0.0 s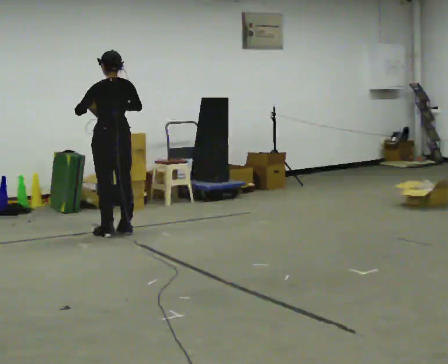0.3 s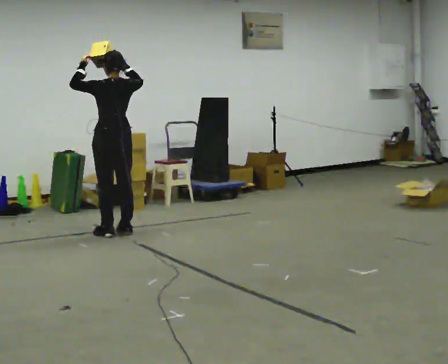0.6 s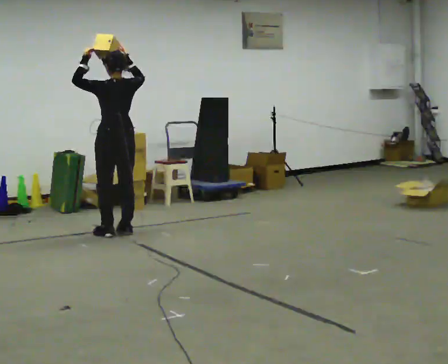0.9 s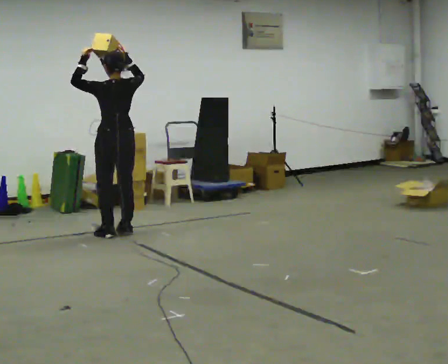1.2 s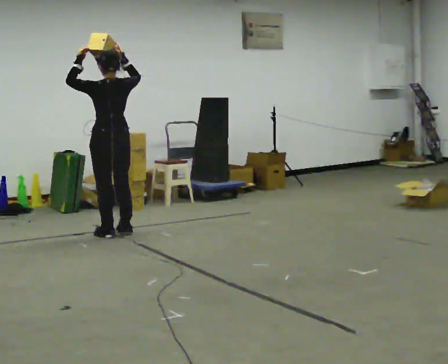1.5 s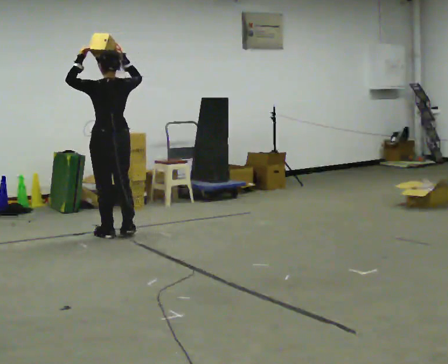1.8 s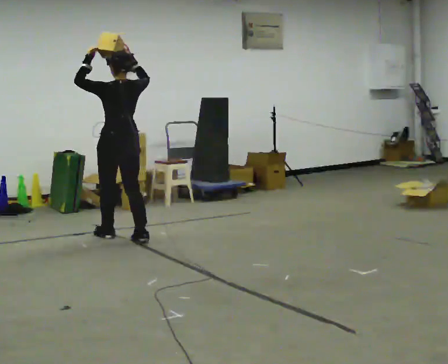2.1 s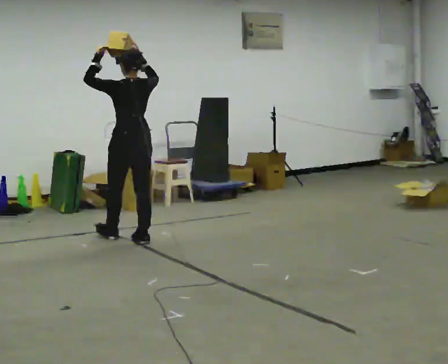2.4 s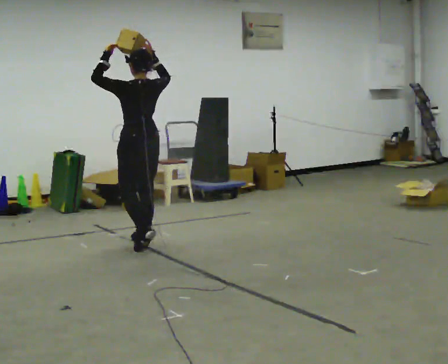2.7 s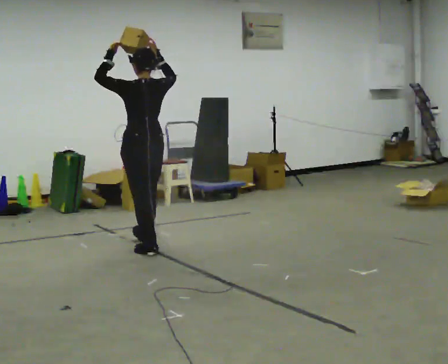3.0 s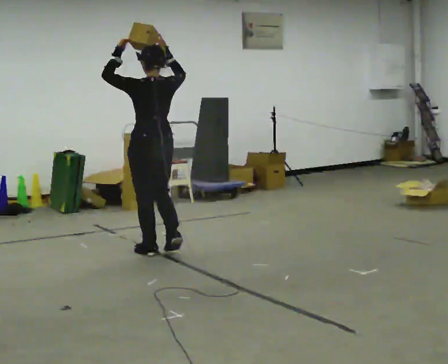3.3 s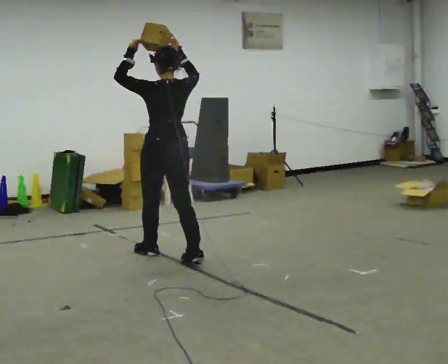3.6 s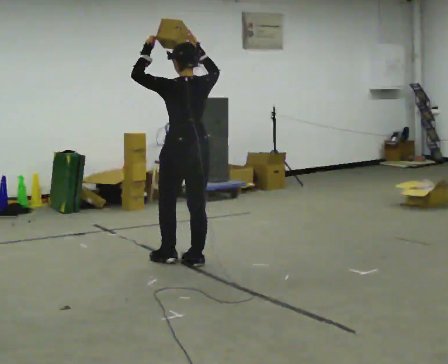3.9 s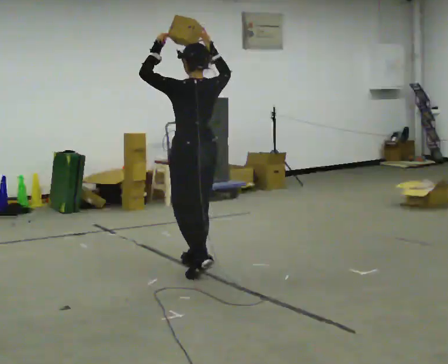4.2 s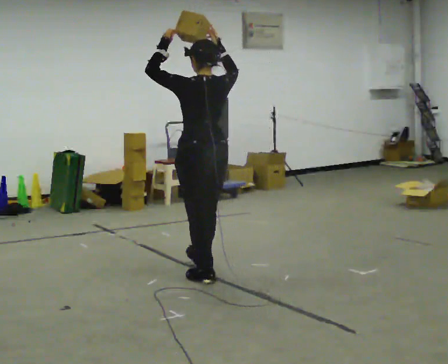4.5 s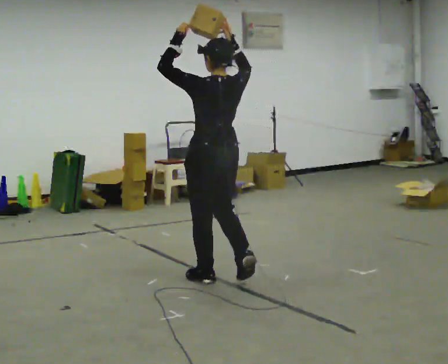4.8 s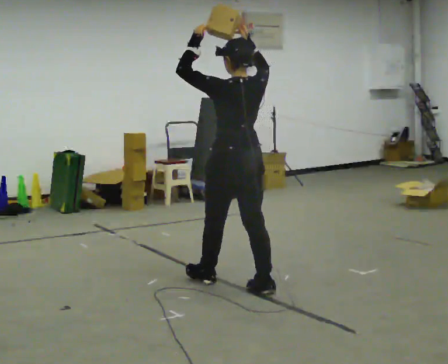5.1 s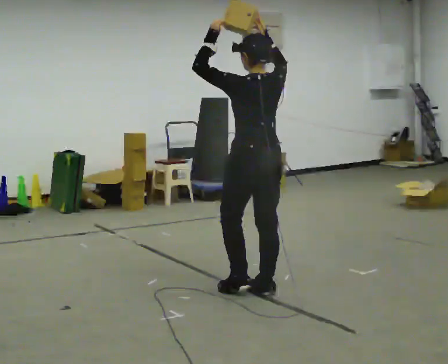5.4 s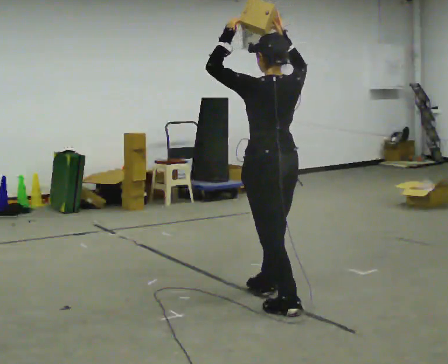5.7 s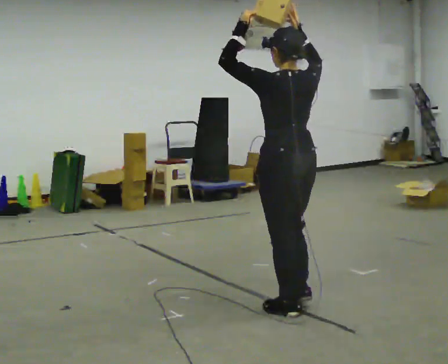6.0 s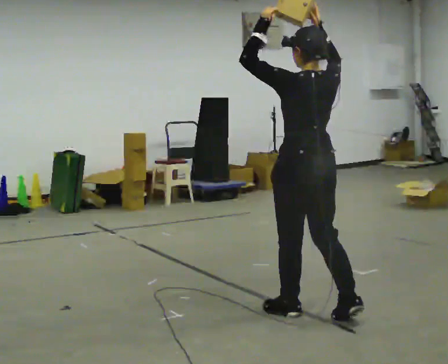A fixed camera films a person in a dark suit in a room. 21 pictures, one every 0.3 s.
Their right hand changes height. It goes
upward.
The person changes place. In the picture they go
toward the camera.
0.0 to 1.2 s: In the picture their right hand goes upward.
1.2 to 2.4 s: In the picture they go toward the camera and to the right, about 0.5 m in 2 steps, which for them is backward.
2.4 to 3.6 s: In the picture they go toward the camera and to the right, about 0.5 m in 2 steps, which for them is backward.
3.6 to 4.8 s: In the picture they go toward the camera and to the right, about 0.75 m in 1 step, which for them is backward.
4.8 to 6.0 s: In the picture they go toward the camera and to the right, about 0.5 m in 2 steps, which for them is backward.
The film runs backward here.
